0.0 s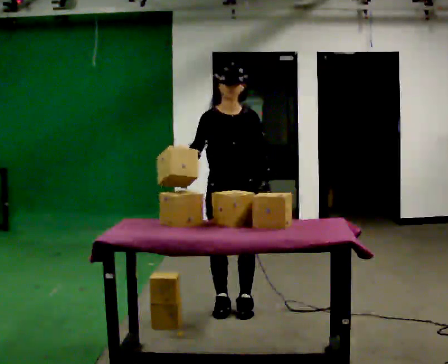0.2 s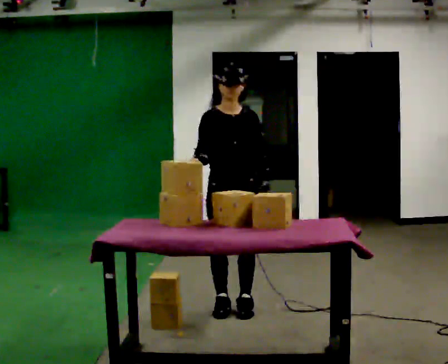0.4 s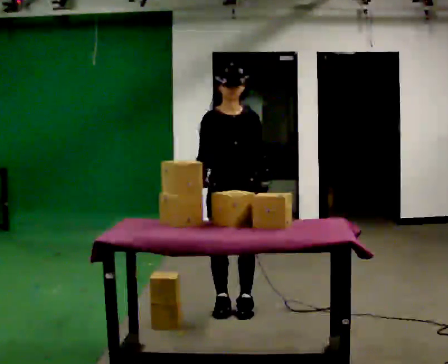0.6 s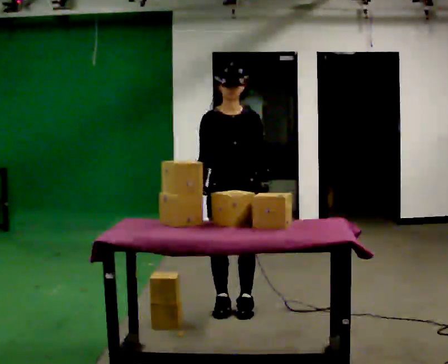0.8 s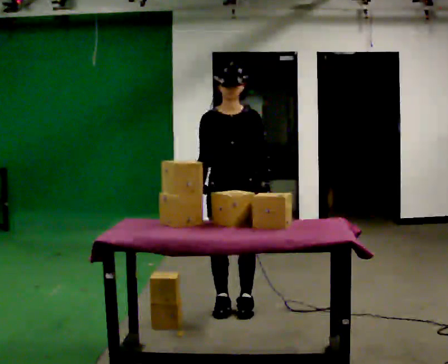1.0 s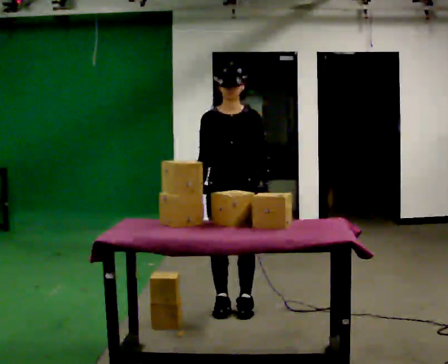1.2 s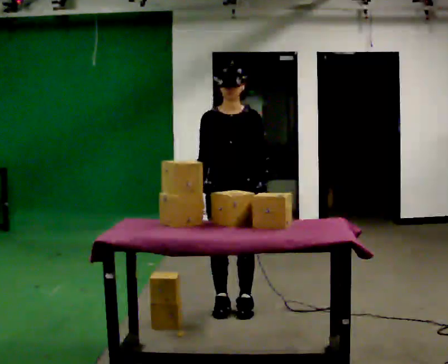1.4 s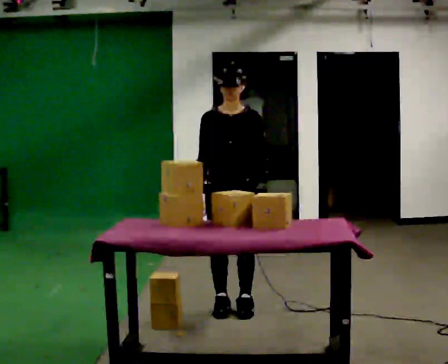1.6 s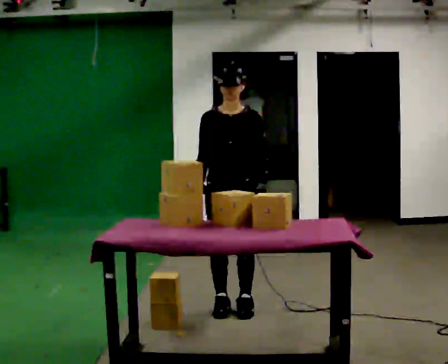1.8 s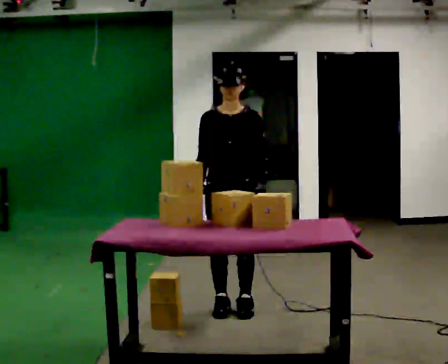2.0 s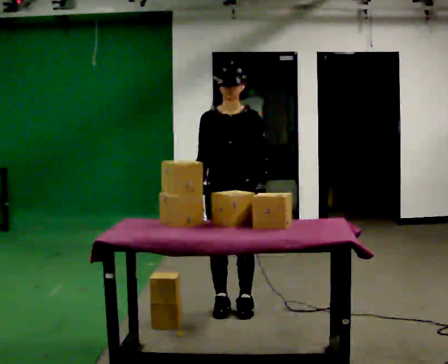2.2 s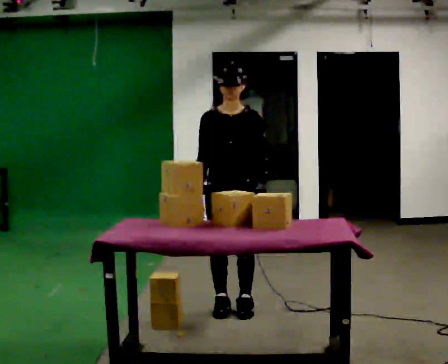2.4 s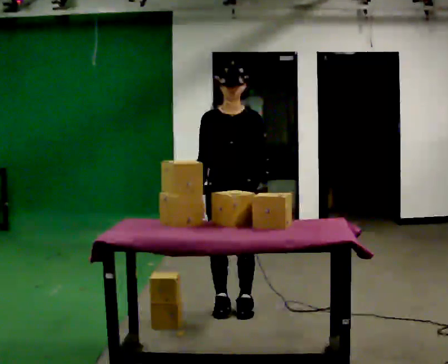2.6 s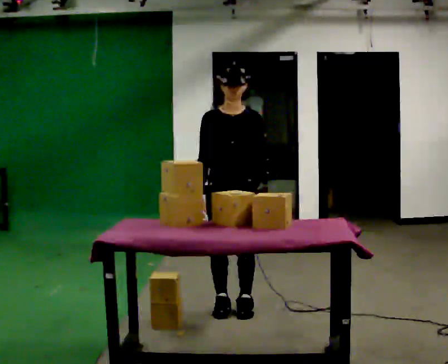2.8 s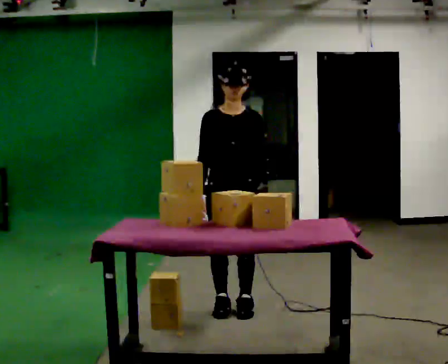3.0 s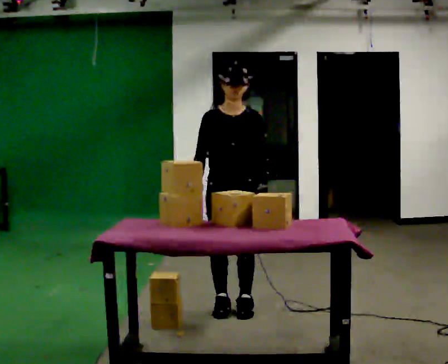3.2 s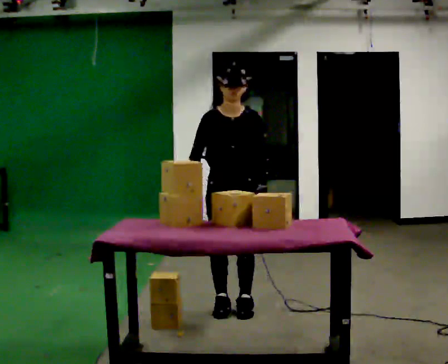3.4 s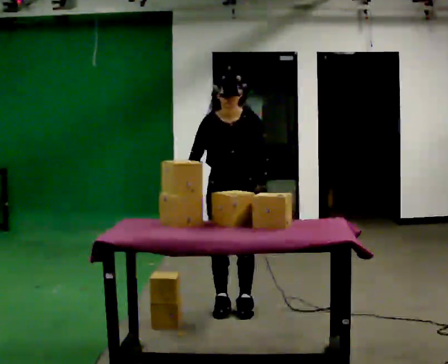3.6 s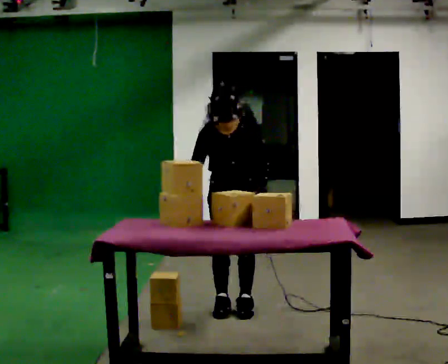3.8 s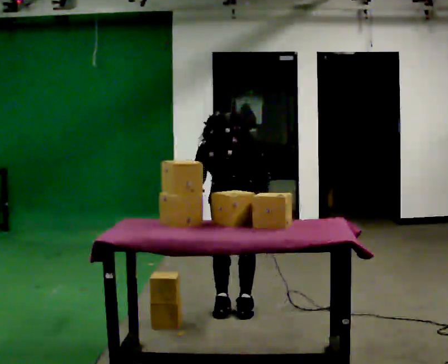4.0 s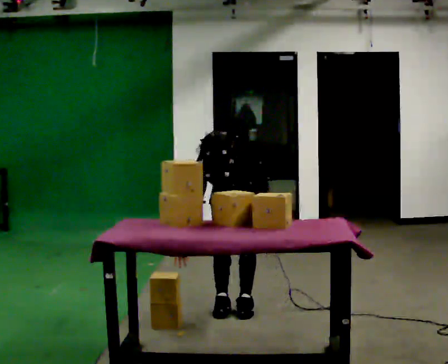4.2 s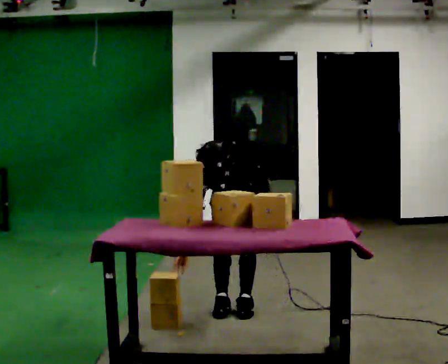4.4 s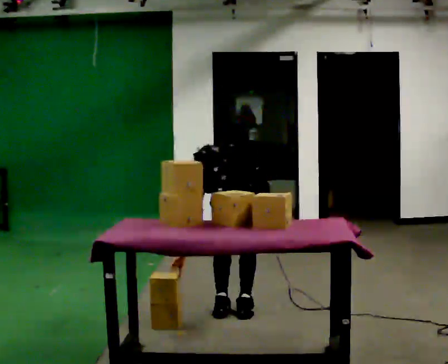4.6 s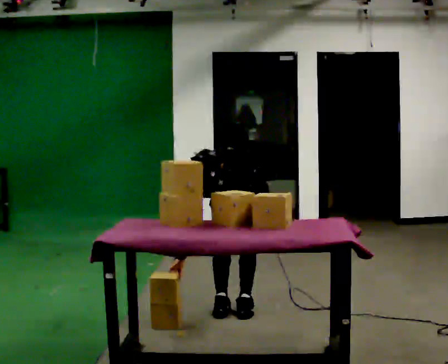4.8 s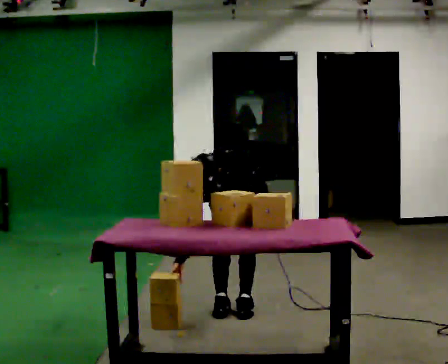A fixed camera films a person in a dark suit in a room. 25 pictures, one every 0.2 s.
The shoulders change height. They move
downward.
Their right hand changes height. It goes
downward.
0.0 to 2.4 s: The person moves a little, or ends about where they began.
2.4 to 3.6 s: The upper body tips toward the camera, its near side rolling downward, as they bend forward.
3.6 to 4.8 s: The shoulders move downward. The upper body tips toward the camera, its near side rolling downward, as they bend forward.
The film runs forward here.
